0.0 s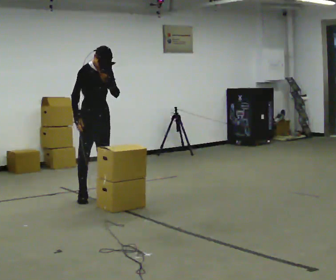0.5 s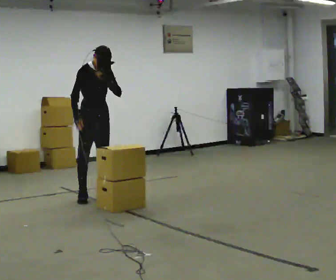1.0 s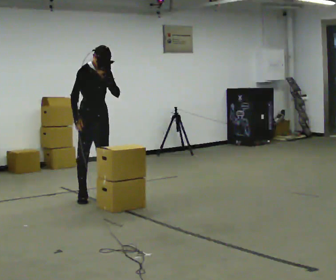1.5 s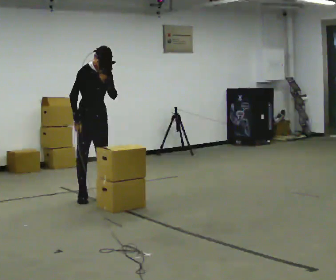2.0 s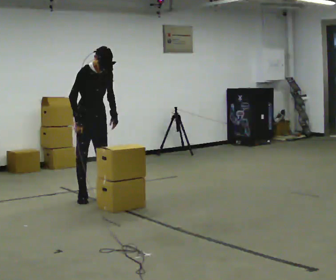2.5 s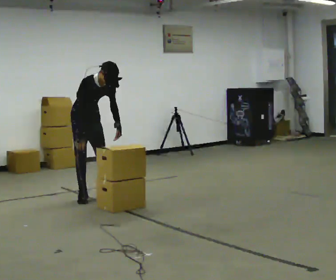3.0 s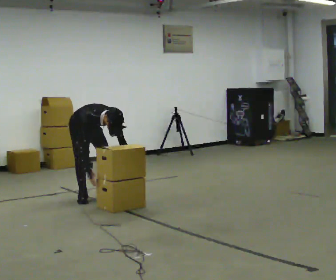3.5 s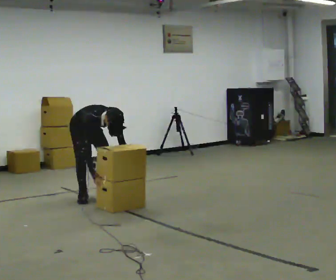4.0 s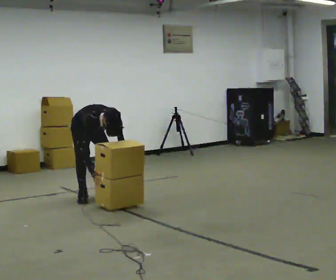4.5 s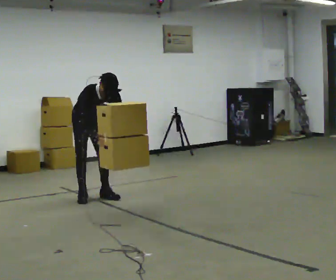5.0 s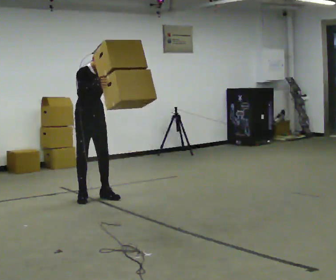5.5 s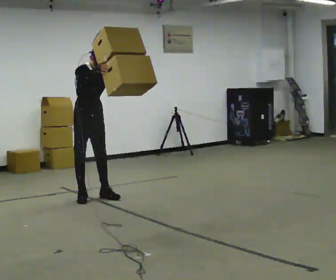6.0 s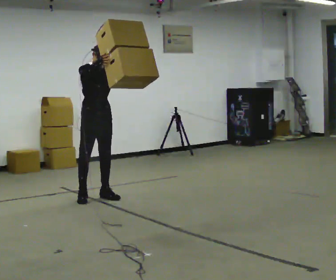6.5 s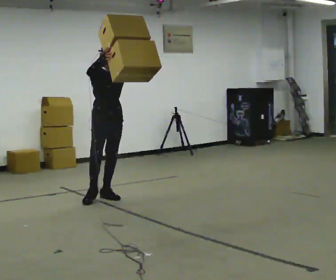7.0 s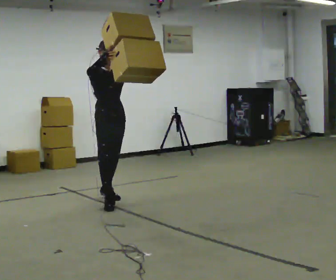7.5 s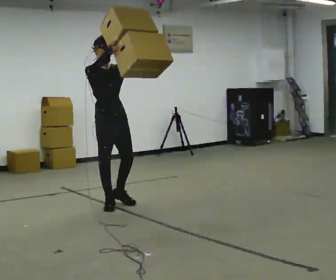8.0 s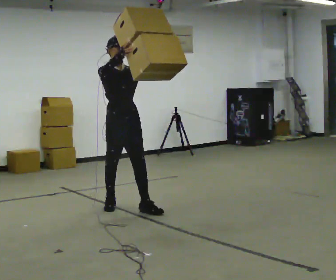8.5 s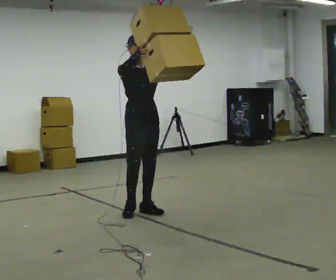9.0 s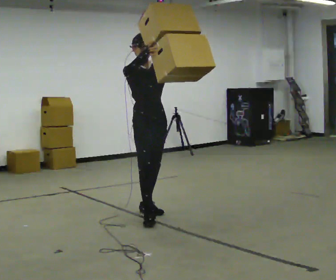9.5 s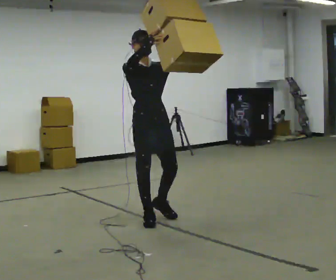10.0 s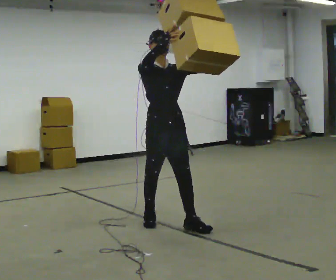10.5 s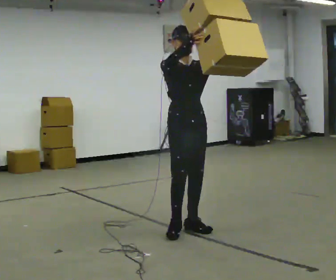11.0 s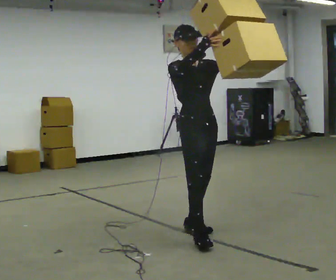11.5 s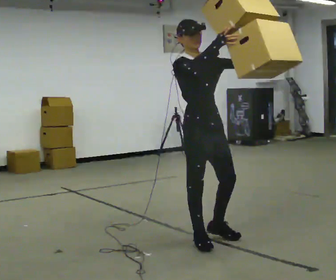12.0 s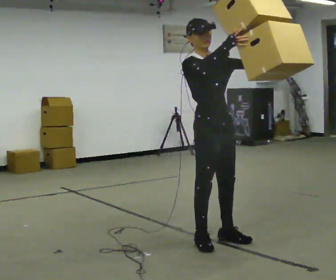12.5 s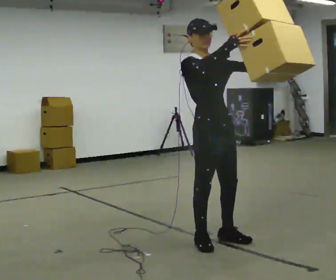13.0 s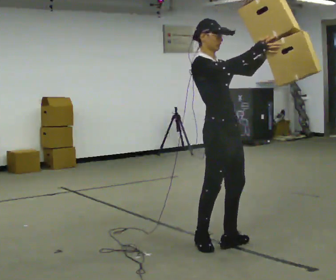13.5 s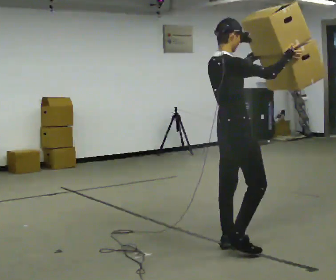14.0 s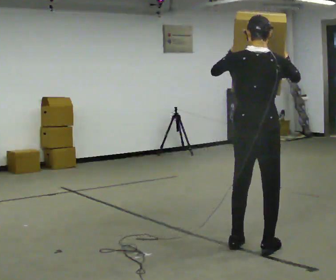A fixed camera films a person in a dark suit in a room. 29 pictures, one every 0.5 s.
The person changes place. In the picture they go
toward the camera.
0.0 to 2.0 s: In the picture their left hand goes downward.
2.0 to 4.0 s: In the picture they go away from the camera, about 0.25 m, which for them is backward. The shoulders move downward. The upper body tips toward the camera, its near side rolling downward, as they bend forward. In the picture their left hand goes downward.
4.0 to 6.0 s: In the picture they go toward the camera, about 0.25 m, which for them is forward. The shoulders move upward. The upper body tips away from the camera, its near side rolling upward, as they lean back or straighten. In the picture their right hand goes upward.
6.0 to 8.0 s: In the picture they go toward the camera and to the right, about 0.5 m in 2 steps, which for them is forward.
8.0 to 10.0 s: In the picture they go toward the camera and to the right, about 1 m in 2 steps, which for them is forward.
10.0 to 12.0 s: In the picture they go toward the camera and to the right, about 0.75 m in 2 steps, which for them is forward.
12.0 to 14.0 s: Seen from above the body turns counterclockwise, about 120 degrees: to their left, with its near side sliding to the right. In the picture they go to the right and toward the camera, about 0.5 m in 2 steps.
The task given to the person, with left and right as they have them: Carry the large panel across the room. It will block your view ahead, so take whatever route feels safe. Keep going until the operator says stop; one object at a time, and do not rush between trips.
The film runs forward here.
